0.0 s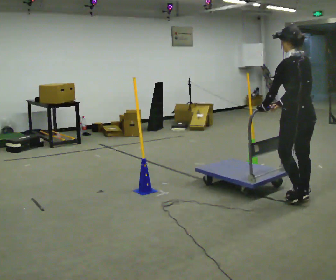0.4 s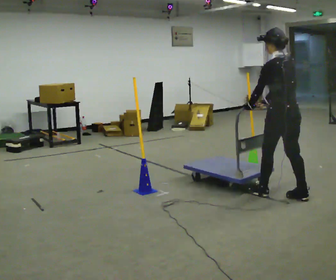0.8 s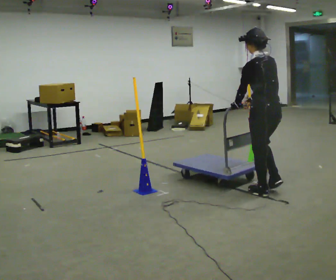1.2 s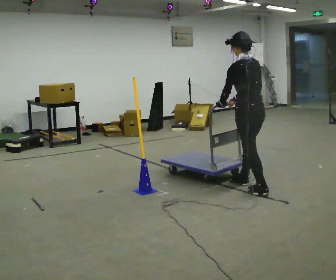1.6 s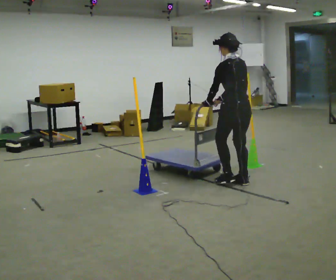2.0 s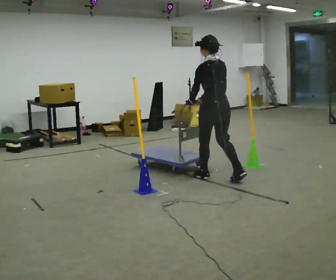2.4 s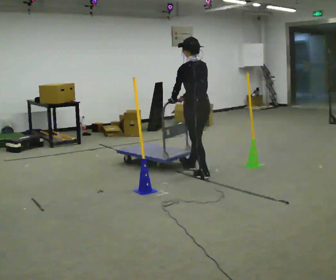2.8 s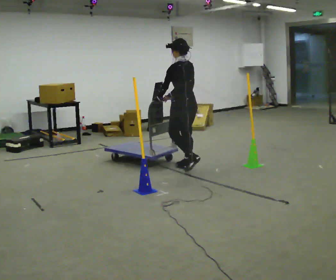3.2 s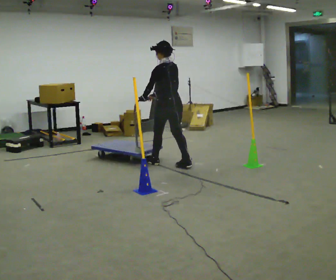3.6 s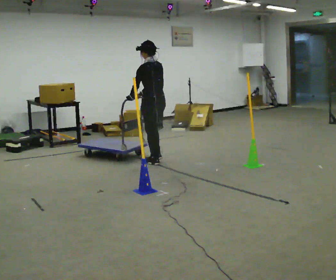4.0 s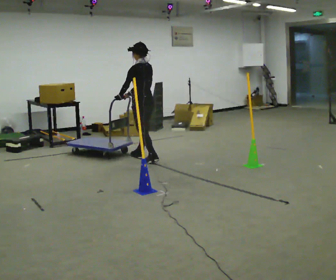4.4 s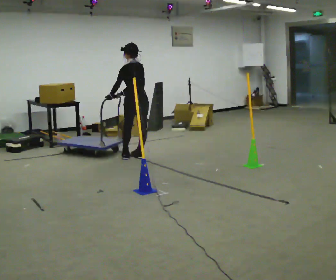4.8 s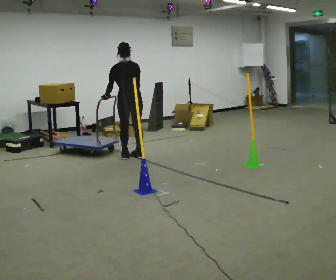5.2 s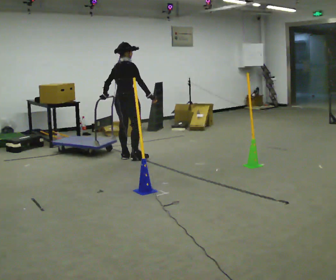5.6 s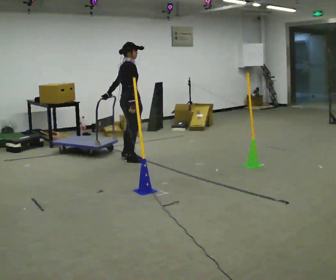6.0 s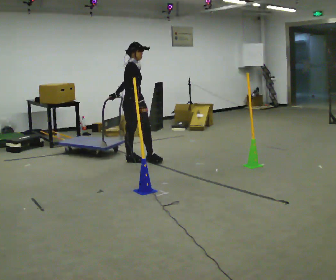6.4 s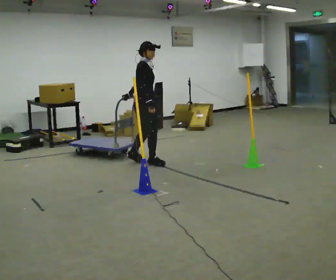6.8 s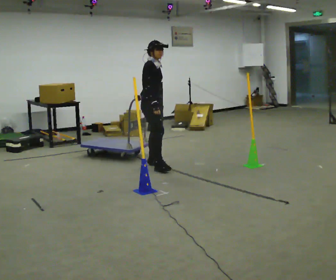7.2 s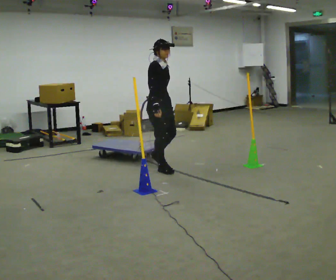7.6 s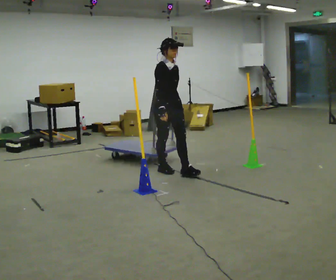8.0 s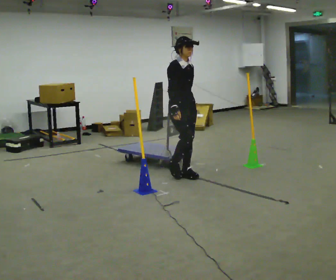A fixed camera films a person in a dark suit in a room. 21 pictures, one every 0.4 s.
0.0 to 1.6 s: In the picture they go away from the camera and to the left, about 1 m in 2 steps, which for them is forward.
1.6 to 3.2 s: In the picture they go away from the camera and to the left, about 1 m in 3 steps, which for them is forward.
3.2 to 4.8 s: The part of the body nearest the lens slides to the left as the person turns to their right by about 45 degrees. In the picture they go to the left and away from the camera, about 0.75 m in 2 steps, which for them is forward.
4.8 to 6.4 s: Seen from above the body turns clockwise, about 120 degrees: to their right, with its near side sliding to the left. In the picture they go toward the camera and to the right, about 0.5 m in 2 steps.
6.4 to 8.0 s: In the picture they go toward the camera and to the right, about 1 m in 2 steps, which for them is forward.
The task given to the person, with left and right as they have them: Push the cart through the gap between the poles without touching them, then bring it back through.
The film runs forward here.
